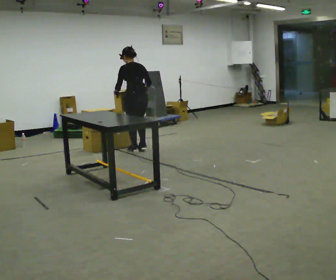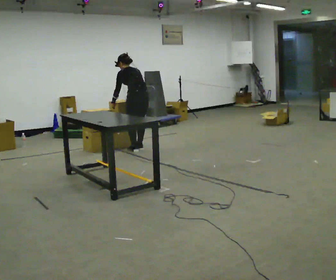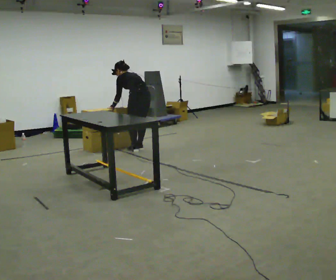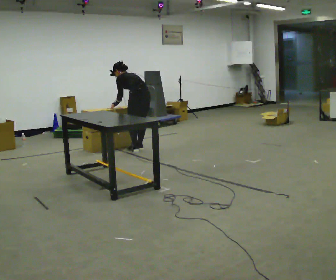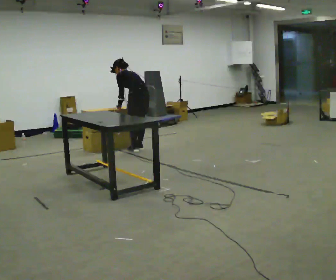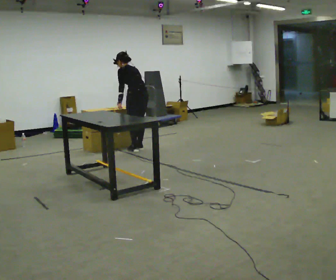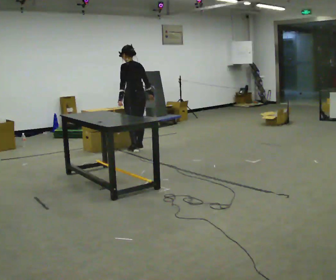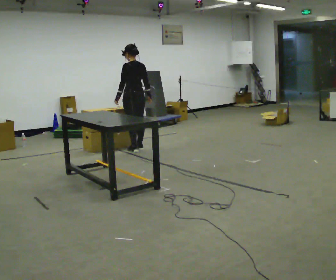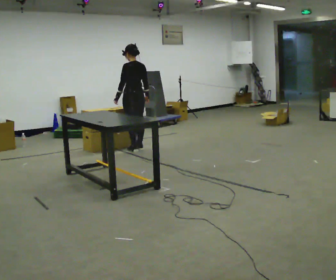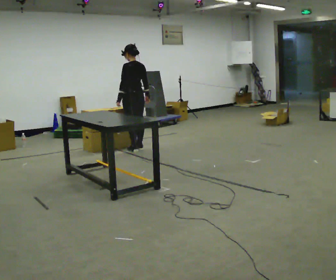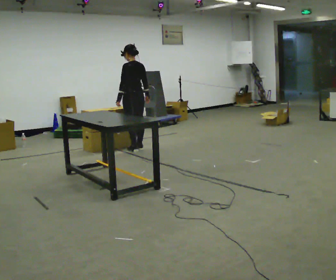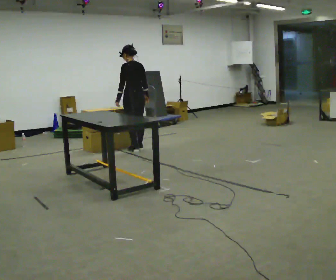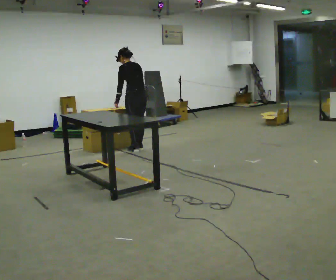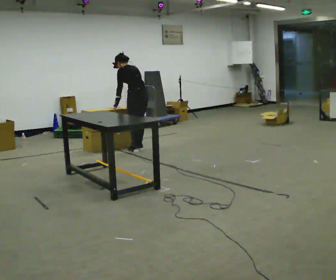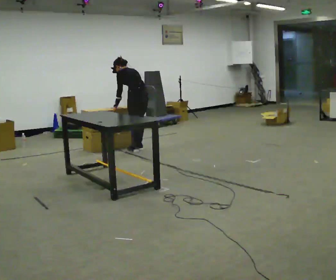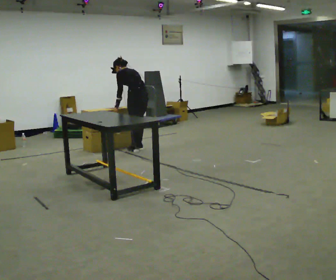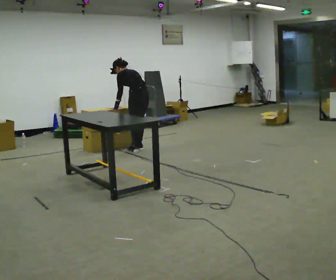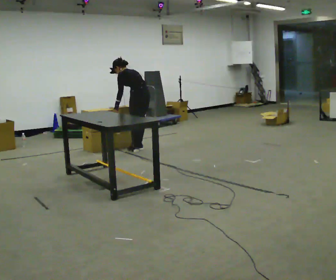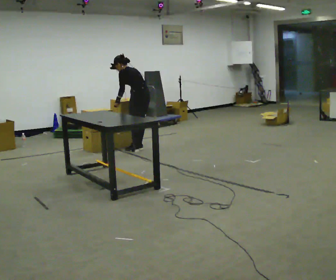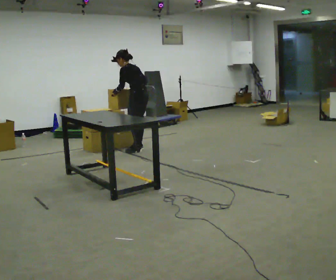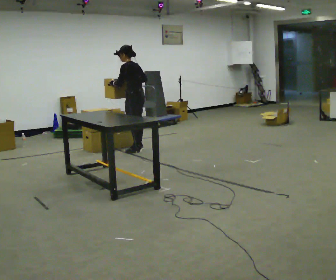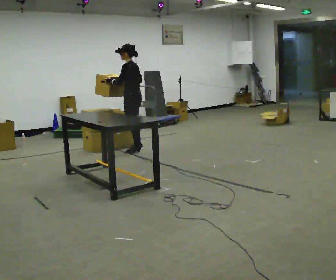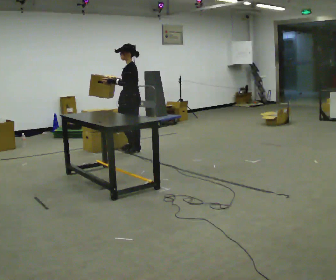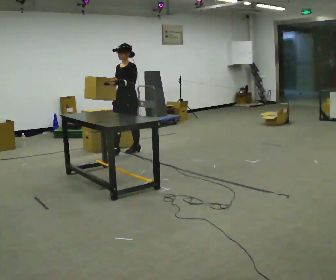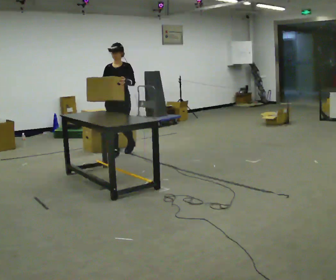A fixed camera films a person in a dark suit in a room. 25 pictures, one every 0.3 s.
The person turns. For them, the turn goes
to their left.
The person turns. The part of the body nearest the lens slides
to the right.
0.0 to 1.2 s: In the picture the upper body tilts counterclockwise, shoulders to the left, as they bend forward.
1.2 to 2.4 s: The upper body tips toward the camera, its near side rolling downward, as they lean back or straighten.
2.4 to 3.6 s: The upper body tips away from the camera, its near side rolling upward, as they bend forward.
3.6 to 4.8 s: The upper body tips away from the camera, its near side rolling upward, as they bend forward.
4.8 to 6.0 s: The upper body tips toward the camera, its near side rolling downward, as they lean back or straighten. In the picture their left hand goes upward.
6.0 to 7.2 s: The part of the body nearest the lens slides to the right as the person turns to their left by about 105 degrees. In the picture they go to the left and toward the camera, about 0.25 m in 1 step.
The film runs forward here.
